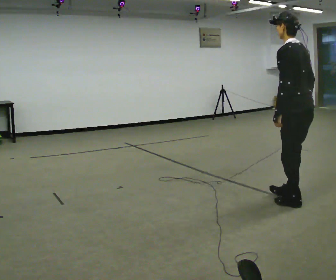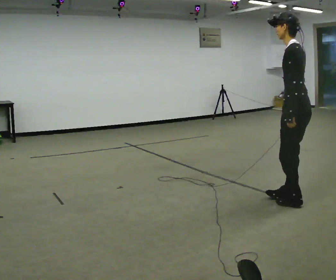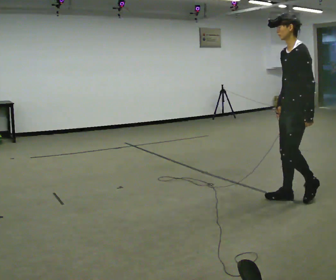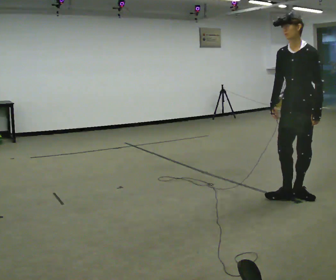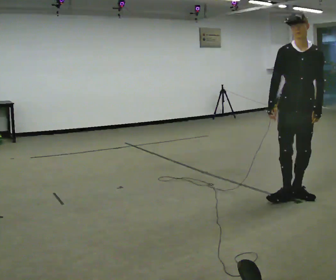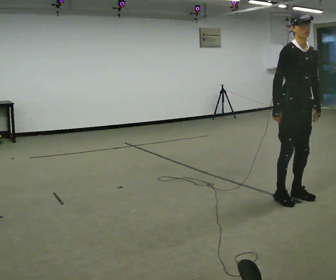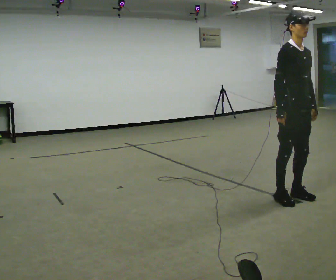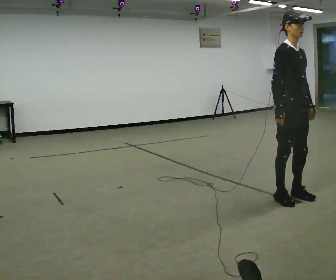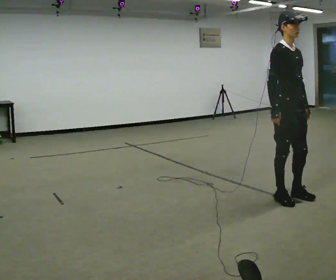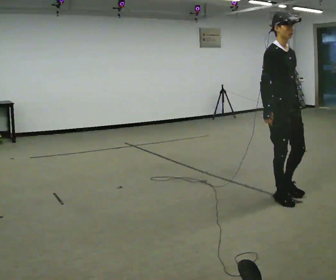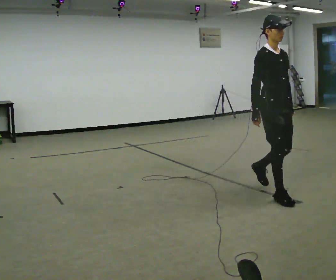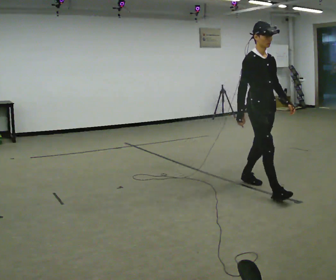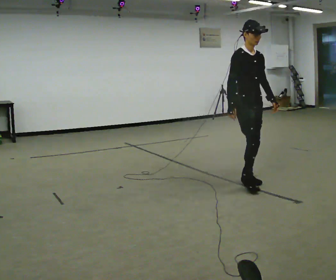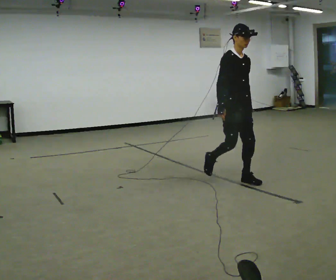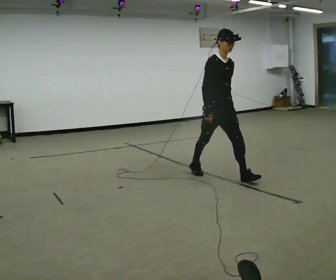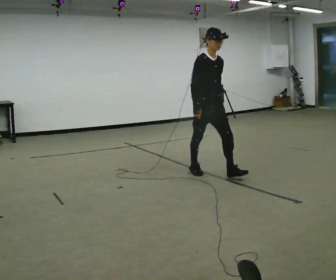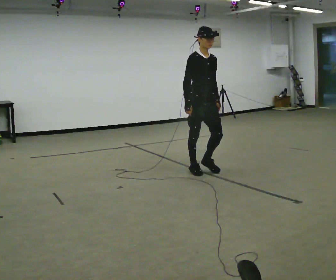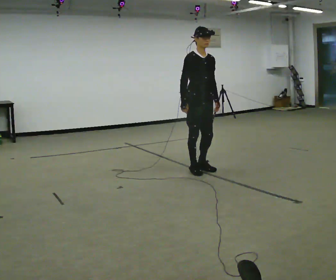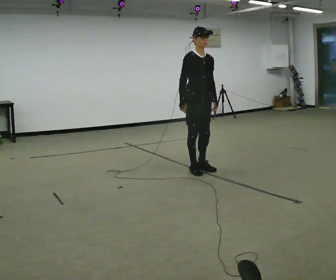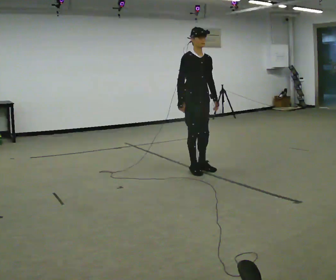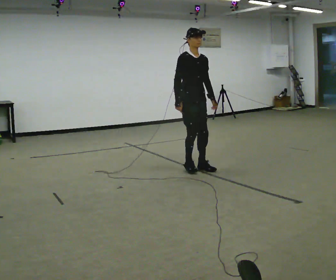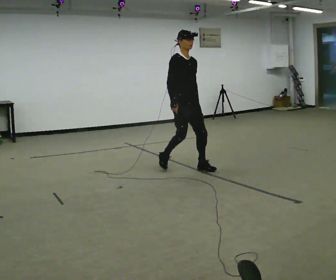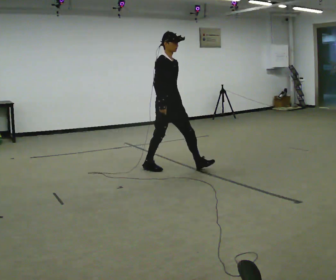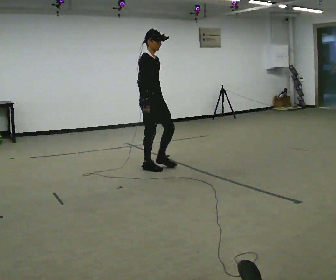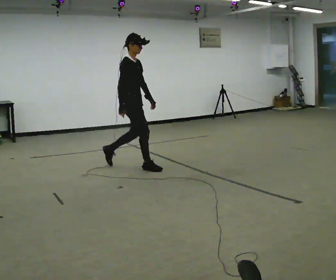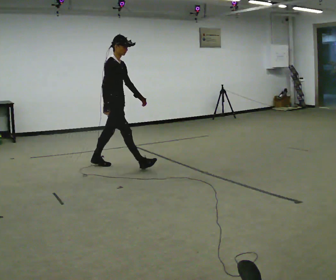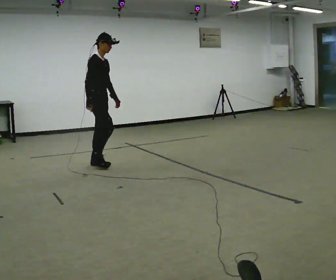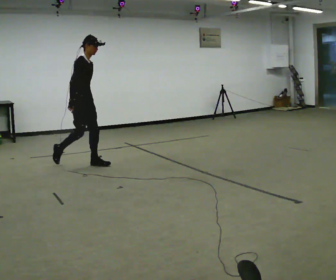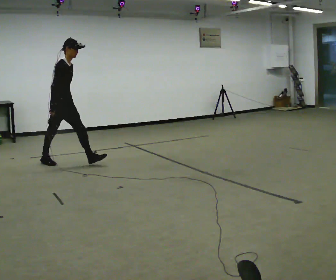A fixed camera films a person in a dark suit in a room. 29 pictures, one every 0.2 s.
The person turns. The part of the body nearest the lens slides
to the right.
The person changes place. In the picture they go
to the left.
0.0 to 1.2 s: Seen from above the body turns counterclockwise, about 180 degrees: to their left, with its near side sliding to the right. In the picture their right hand goes to the left, the arm swinging clockwise.
1.2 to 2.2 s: In the picture they go away from the camera and to the left, about 0.5 m in 2 steps, which for them is backward.
2.2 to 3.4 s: In the picture they go away from the camera and to the left, about 1 m in 1 step, which for them is backward.
3.4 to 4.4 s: In the picture they go to the left, about 0.25 m in 2 steps, which for them is backward and to their right.
4.4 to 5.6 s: In the picture they go to the left, about 1.5 m in 2 steps, which for them is backward.
The film runs backward here.
